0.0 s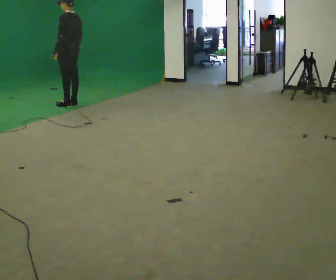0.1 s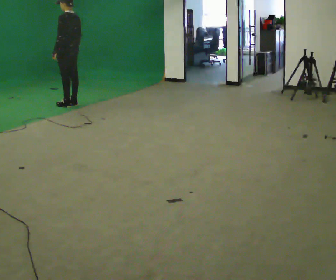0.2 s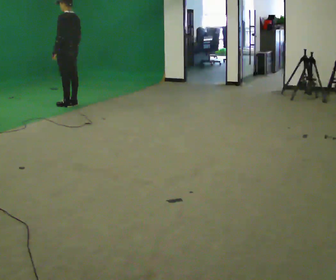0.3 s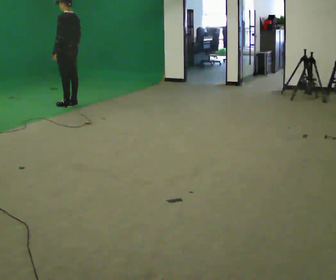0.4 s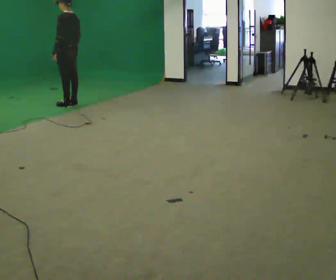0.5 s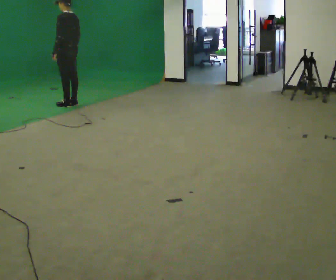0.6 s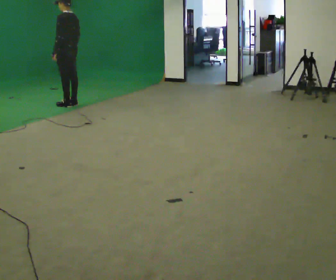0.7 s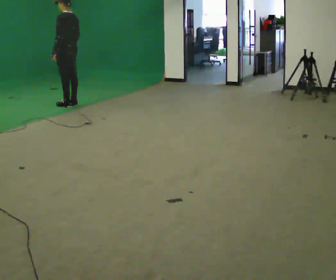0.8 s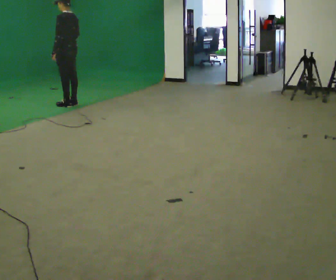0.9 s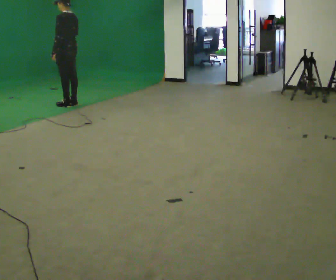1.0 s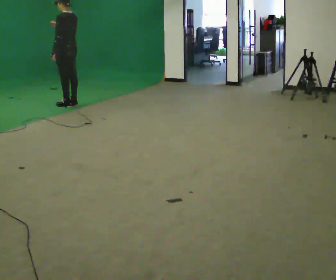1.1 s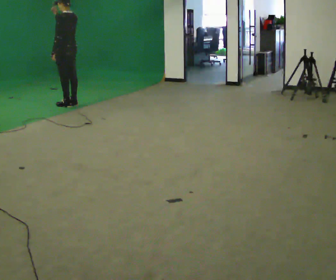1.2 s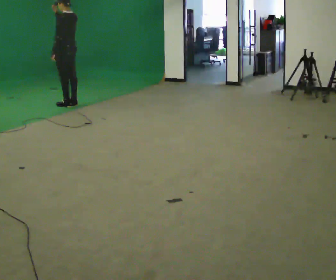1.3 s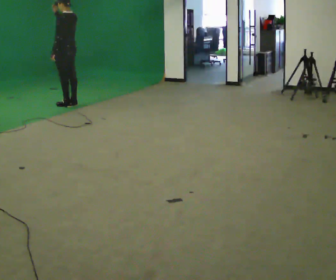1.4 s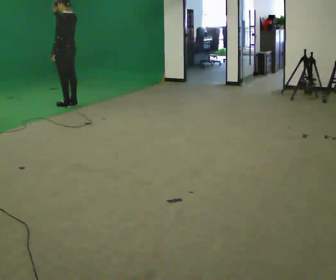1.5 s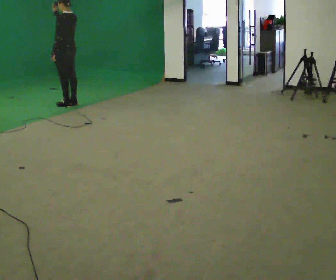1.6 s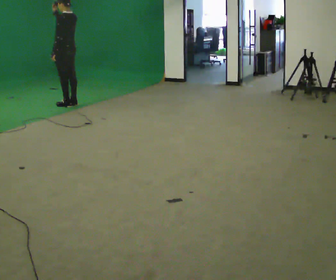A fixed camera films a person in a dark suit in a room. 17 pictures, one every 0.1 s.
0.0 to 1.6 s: In the picture their right hand goes upward and to the left.
The film runs forward here.
